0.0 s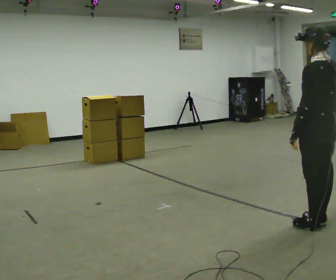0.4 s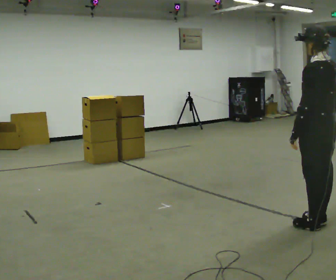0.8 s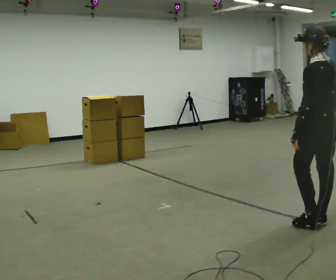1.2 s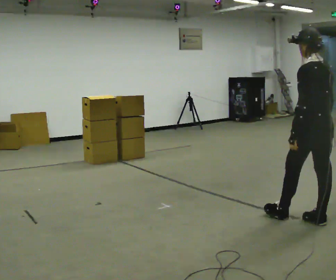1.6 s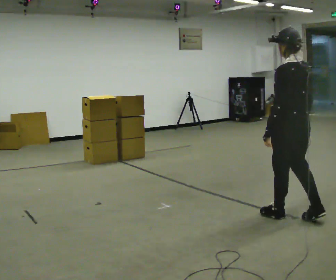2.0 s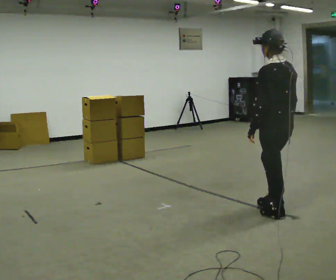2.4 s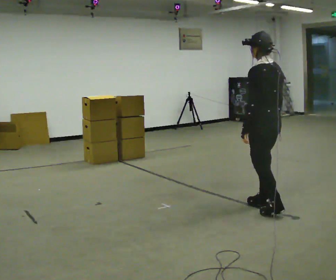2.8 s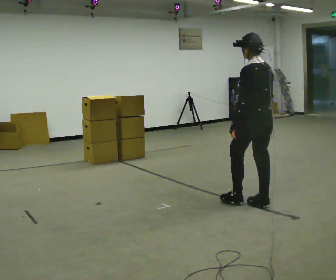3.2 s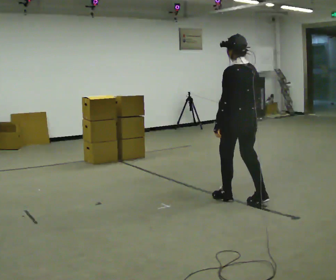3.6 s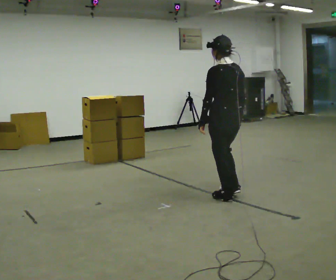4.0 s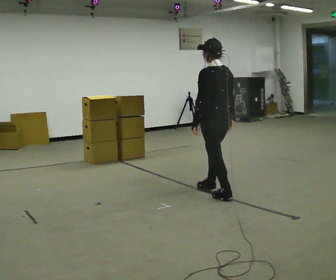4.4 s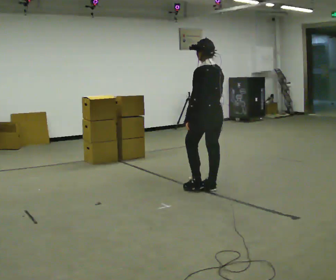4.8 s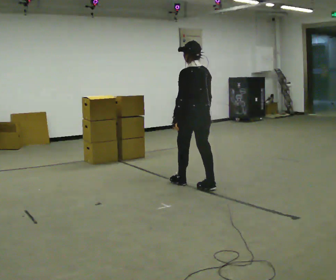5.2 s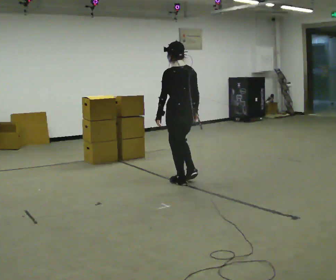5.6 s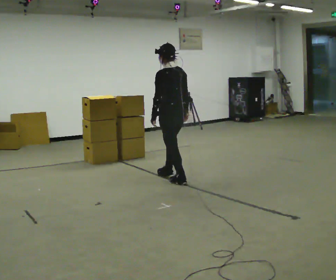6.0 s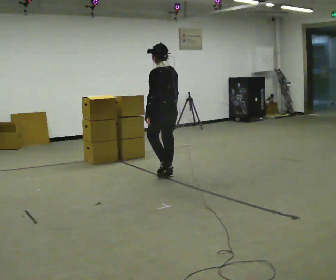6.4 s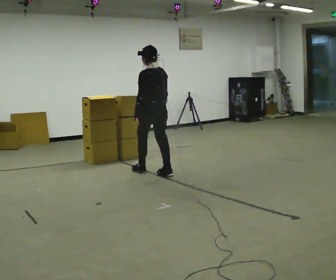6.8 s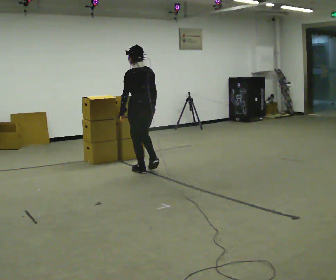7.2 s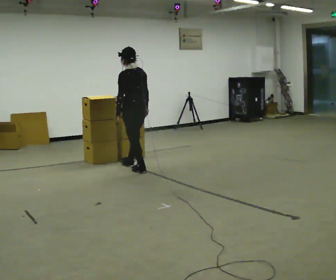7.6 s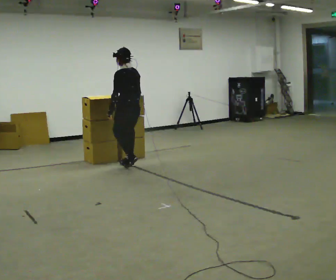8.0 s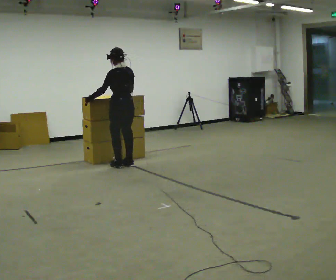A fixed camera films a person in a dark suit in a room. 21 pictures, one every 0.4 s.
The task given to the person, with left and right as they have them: Carry the box and, while you are still walking, turn it so you can read the label, read it out loud, then carry on. Repeat with the next box. Do not stop to read it.
0.0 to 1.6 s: In the picture they go away from the camera and to the left, about 0.25 m in 1 step, which for them is forward.
1.6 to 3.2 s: In the picture they go away from the camera and to the left, about 0.75 m in 2 steps, which for them is forward.
3.2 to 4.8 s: In the picture they go away from the camera and to the left, about 0.5 m in 2 steps, which for them is forward.
4.8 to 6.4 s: In the picture they go away from the camera and to the left, about 1 m in 2 steps, which for them is forward.
6.4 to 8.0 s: In the picture they go to the left and away from the camera, about 0.5 m in 2 steps, which for them is forward.
The film runs forward here.
